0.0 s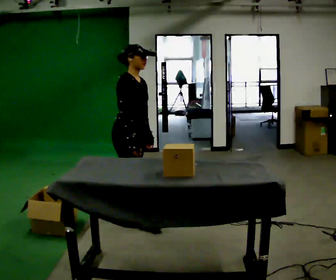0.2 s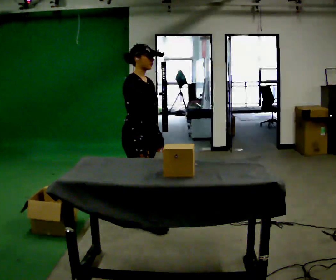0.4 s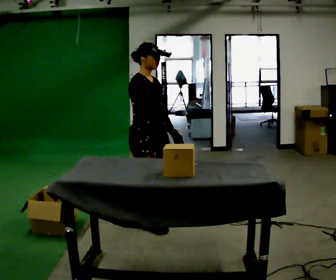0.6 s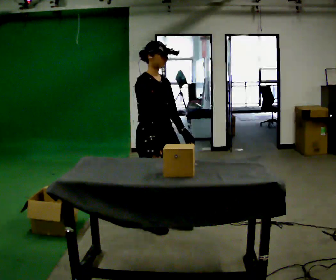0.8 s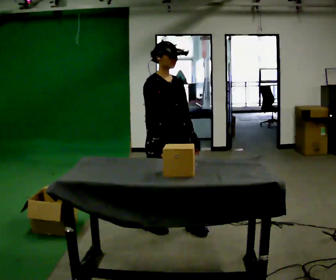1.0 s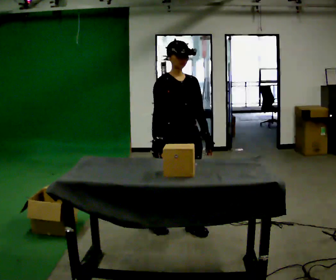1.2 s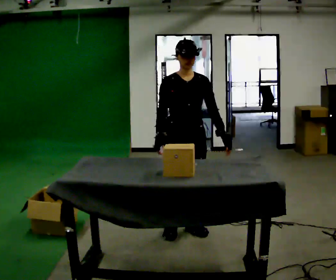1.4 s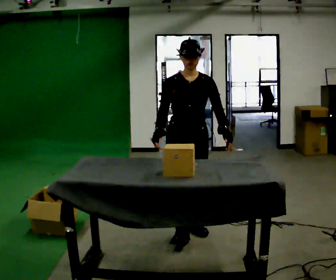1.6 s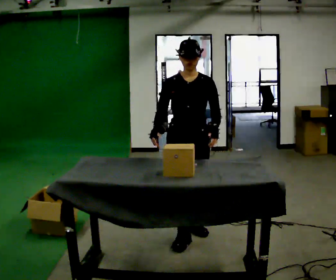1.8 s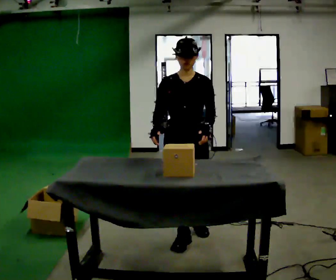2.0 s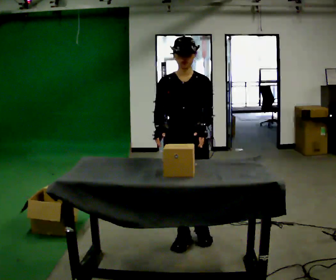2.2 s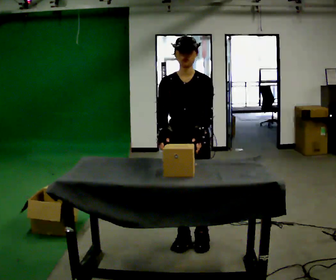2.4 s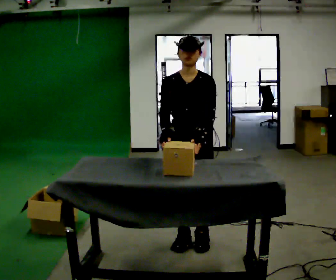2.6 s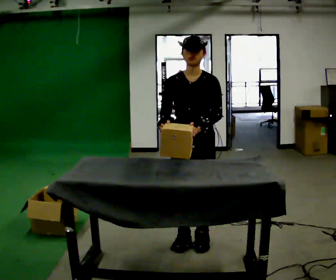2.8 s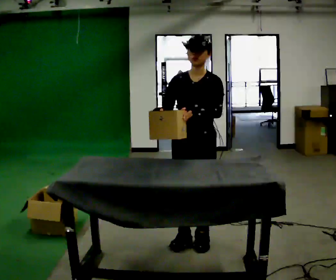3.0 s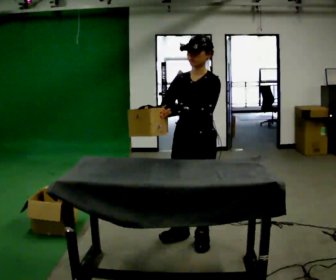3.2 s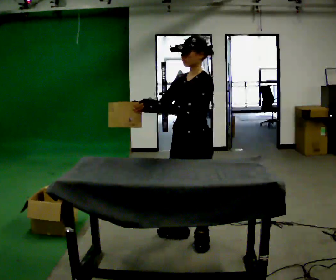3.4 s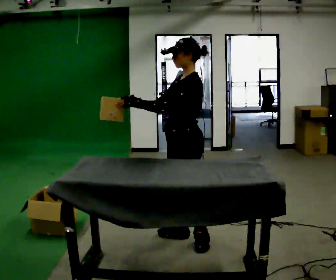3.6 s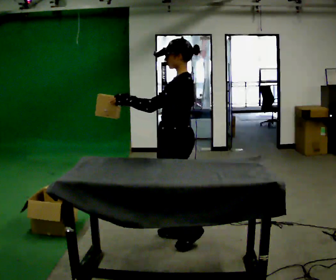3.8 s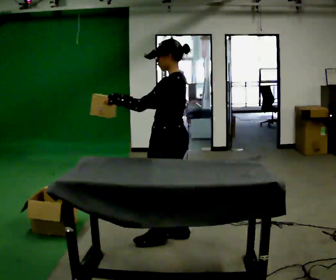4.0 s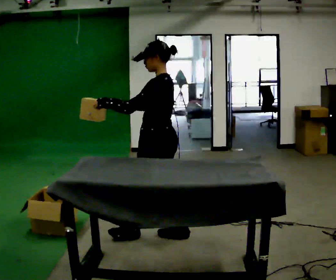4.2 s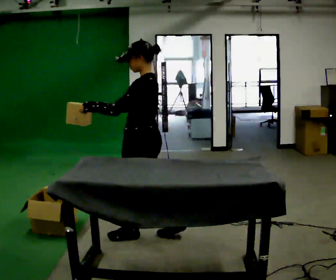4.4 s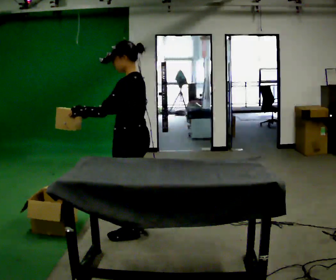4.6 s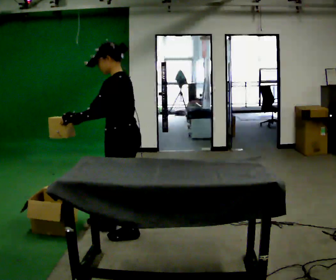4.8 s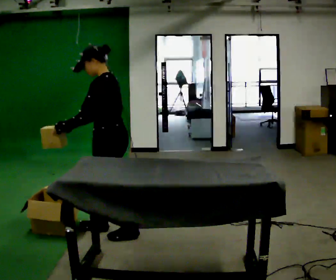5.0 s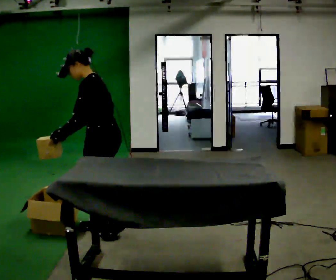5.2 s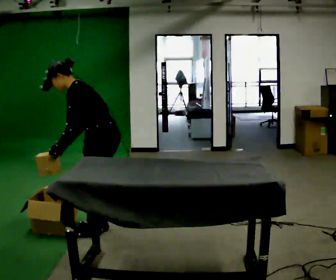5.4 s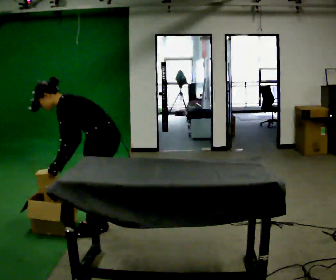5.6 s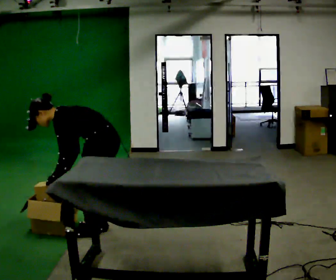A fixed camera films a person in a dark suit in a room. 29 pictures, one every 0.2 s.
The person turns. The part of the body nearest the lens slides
to the left.
The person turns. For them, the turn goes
to their right.
0.0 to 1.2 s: The person turns about 60 degrees to their right, clockwise seen from above, so the part of the body nearest the lens slides to the left. In the picture they go to the right, about 0.5 m in 2 steps, which for them is forward.
1.2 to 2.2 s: In the picture they go toward the camera, about 0.25 m in 2 steps, which for them is forward.
2.2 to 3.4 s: The part of the body nearest the lens slides to the left as the person turns to their right by about 75 degrees.
3.4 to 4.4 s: In the picture they go to the left, about 0.5 m in 1 step, which for them is forward.
4.4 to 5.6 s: In the picture they go to the left, about 0.25 m in 2 steps, which for them is forward. The upper body goes downward. In the picture the upper body tilts counterclockwise, shoulders to the left, as they bend forward. In the picture their left hand goes downward, the arm swinging counterclockwise.
The film runs forward here.
